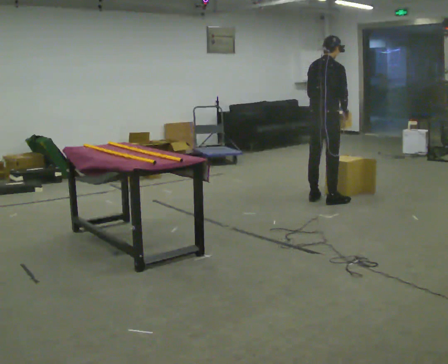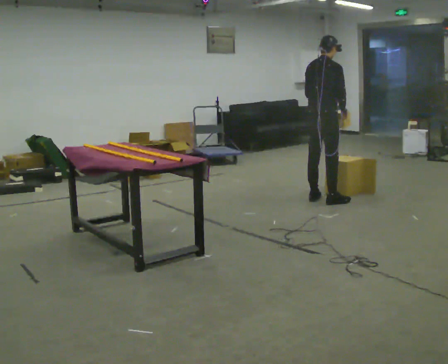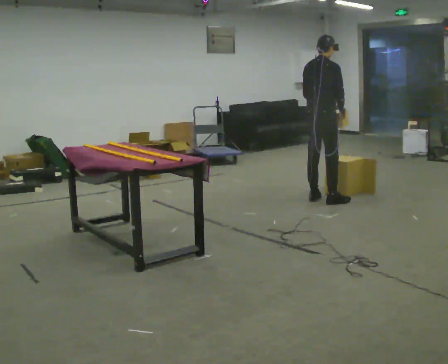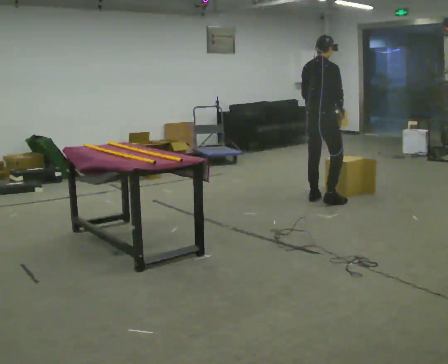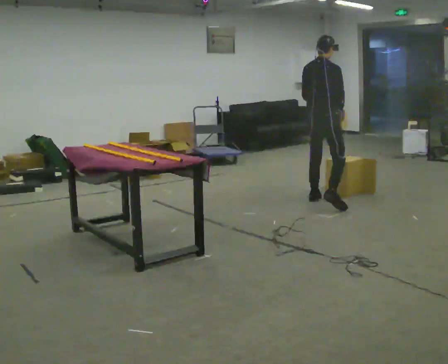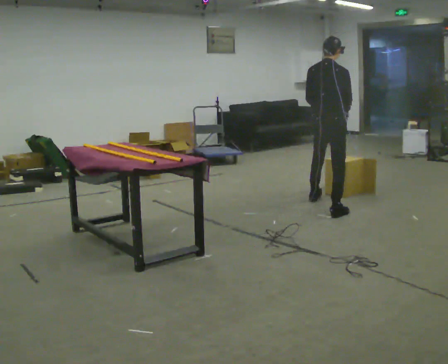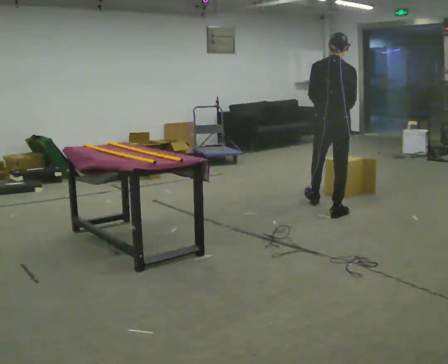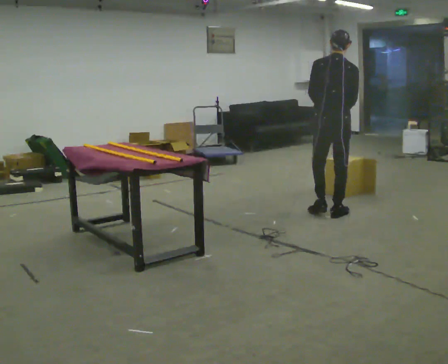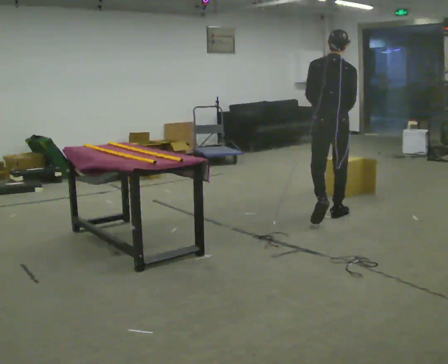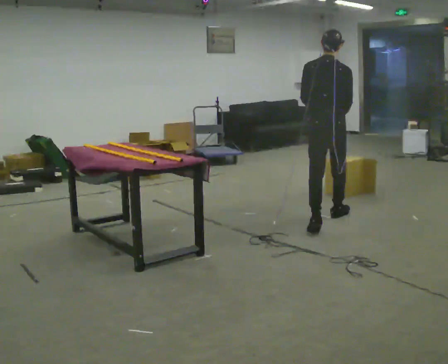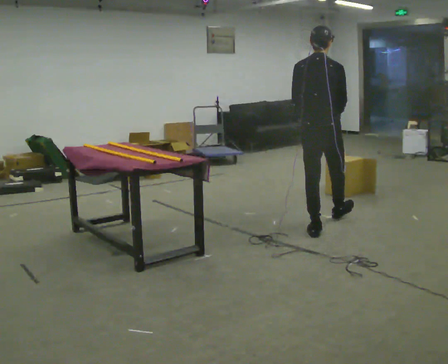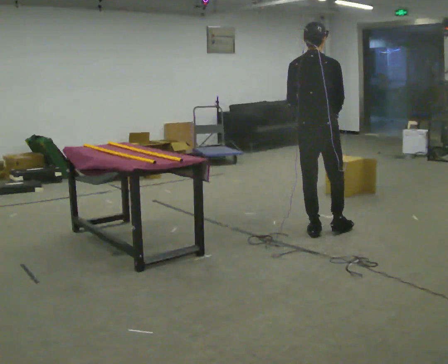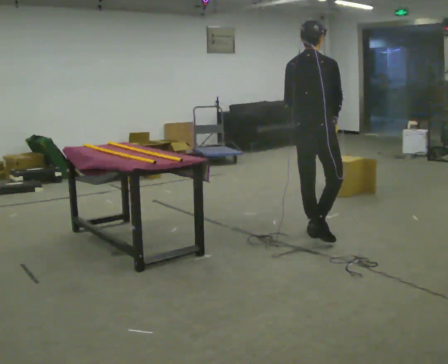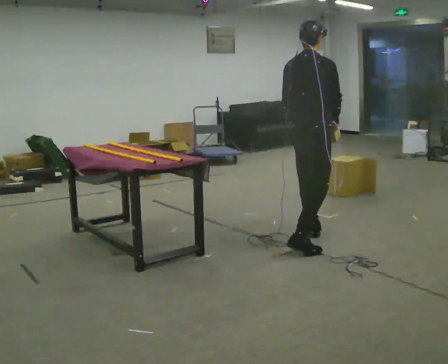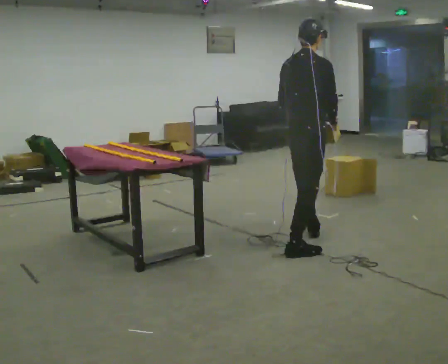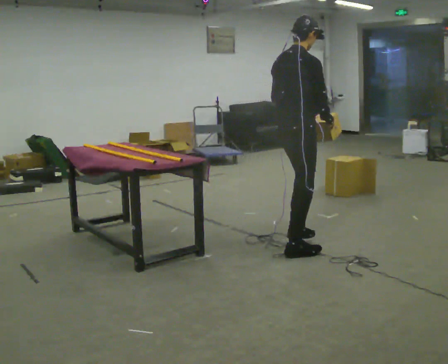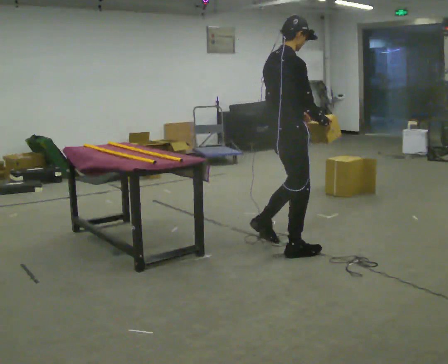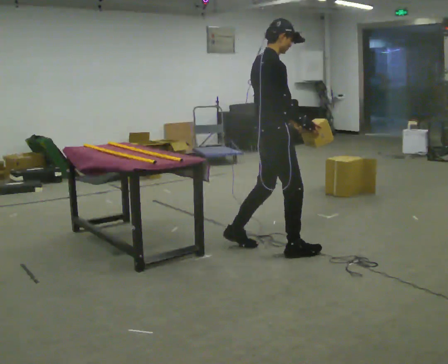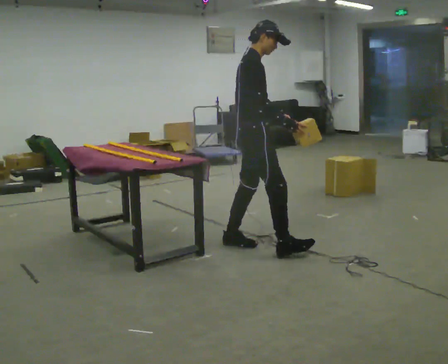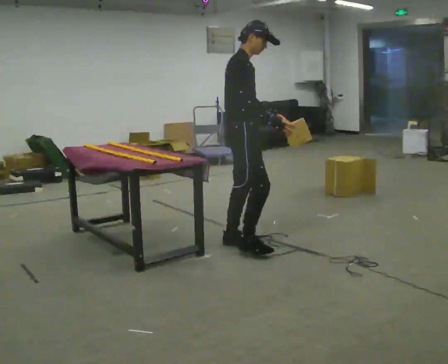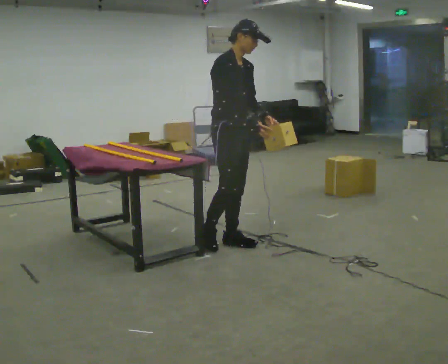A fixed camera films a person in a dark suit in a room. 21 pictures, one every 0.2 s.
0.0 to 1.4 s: Seen from above the body turns counterclockwise, about 30 degrees: to their left, with its near side sliding to the right. In the picture they go toward the camera, about 0.5 m in 2 steps, which for them is to their right and backward.
1.4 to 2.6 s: The part of the body nearest the lens slides to the left as the person turns to their right by about 30 degrees. In the picture they go toward the camera, about 1 m in 1 step, which for them is backward.
2.6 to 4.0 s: Seen from above the body turns clockwise, about 90 degrees: to their right, with its near side sliding to the left. In the picture they go to the left, about 0.5 m in 2 steps.
The film runs backward here.
